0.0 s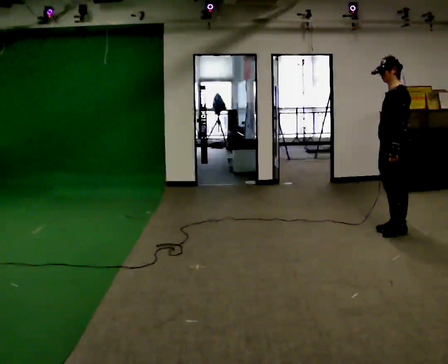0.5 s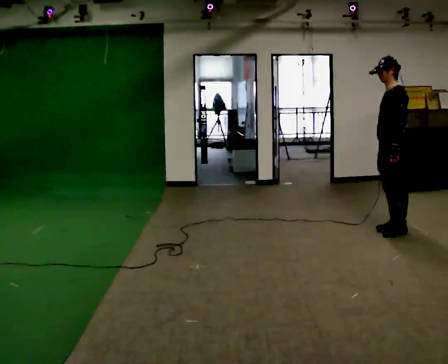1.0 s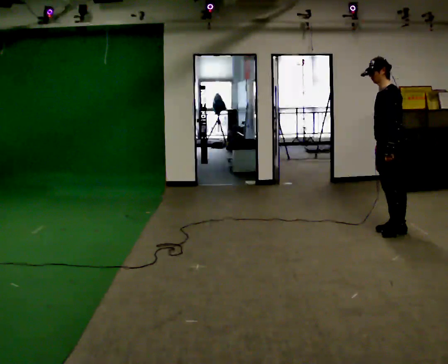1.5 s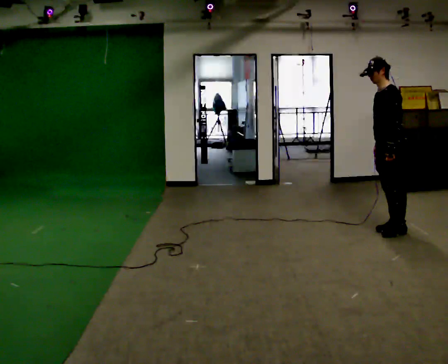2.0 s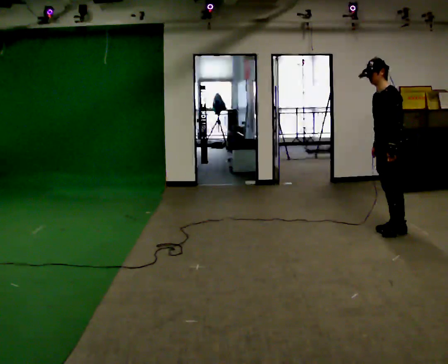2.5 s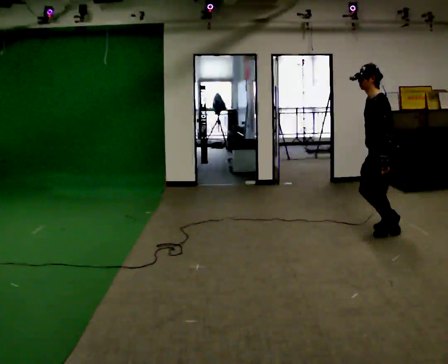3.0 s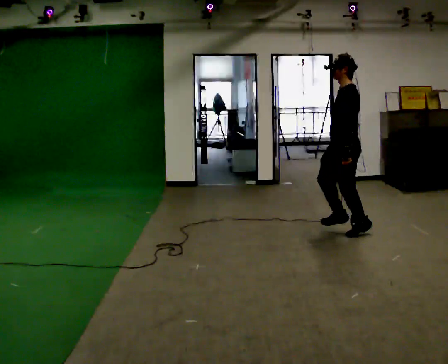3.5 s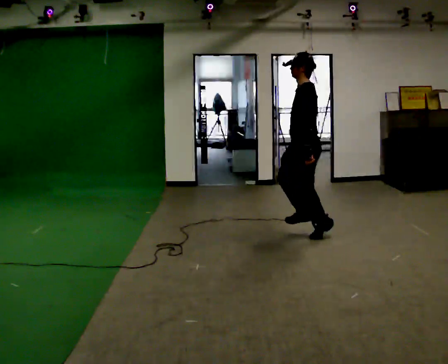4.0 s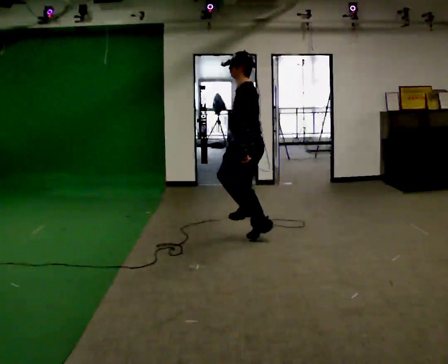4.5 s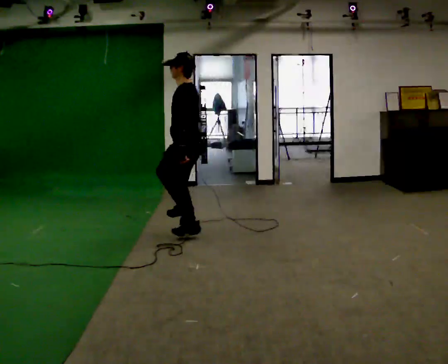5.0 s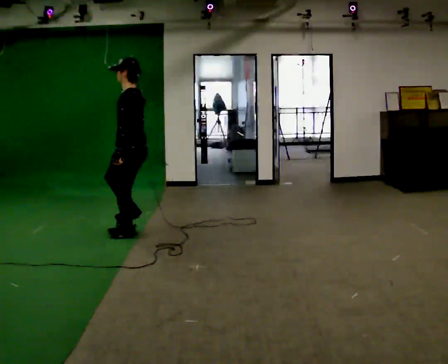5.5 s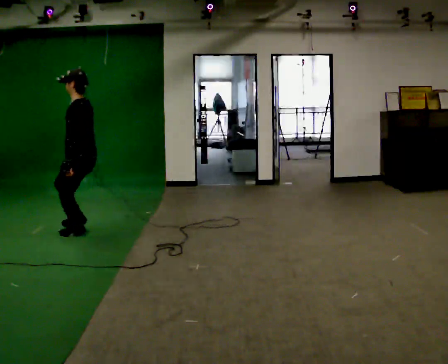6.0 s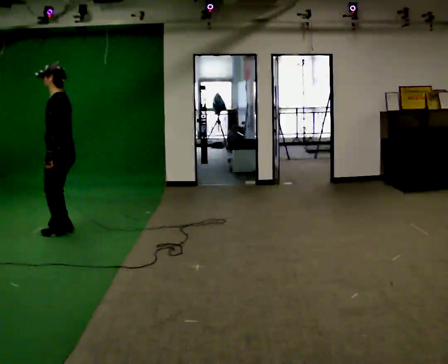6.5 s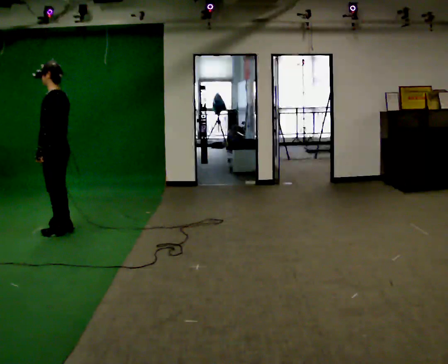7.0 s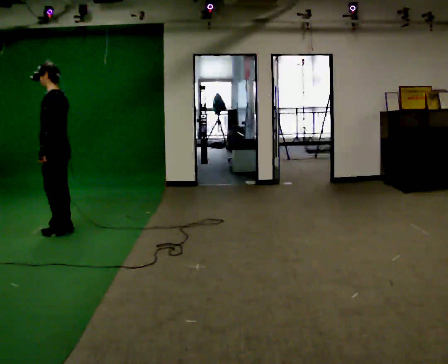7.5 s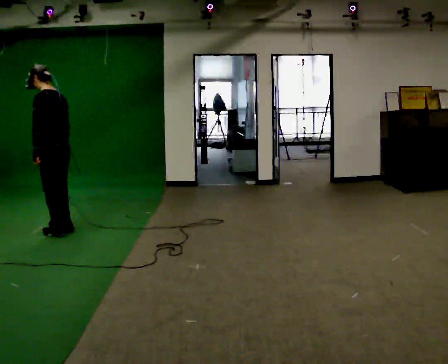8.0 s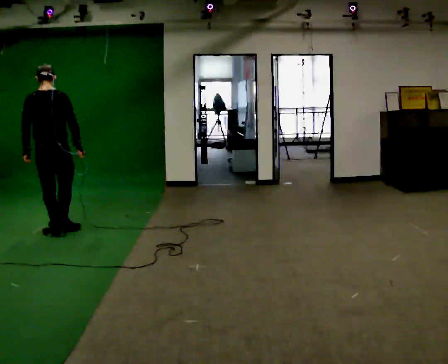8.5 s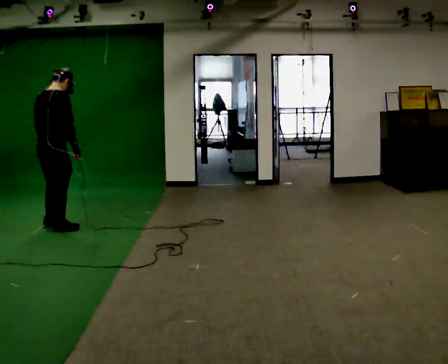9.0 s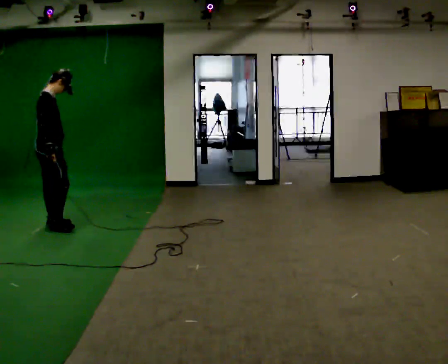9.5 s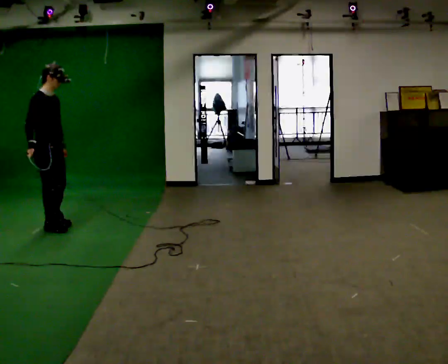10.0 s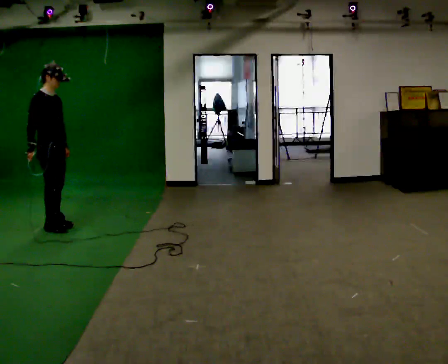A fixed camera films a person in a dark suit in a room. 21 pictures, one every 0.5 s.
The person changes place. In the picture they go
to the left.
0.0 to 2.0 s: The person moves a little, or ends about where they began.
2.0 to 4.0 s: In the picture they go to the left, about 1.5 m in 3 steps, which for them is forward.
4.0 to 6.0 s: In the picture they go to the left, about 2 m in 6 steps, which for them is forward.
6.0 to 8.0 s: Seen from above the body turns clockwise, about 75 degrees: to their right, with its near side sliding to the left.
8.0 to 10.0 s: Seen from above the body turns clockwise, about 120 degrees: to their right, with its near side sliding to the left. In the picture they go away from the camera, about 0.25 m in 1 step. In the picture their left hand goes to the right, the arm swinging counterclockwise.
The film runs forward here.
